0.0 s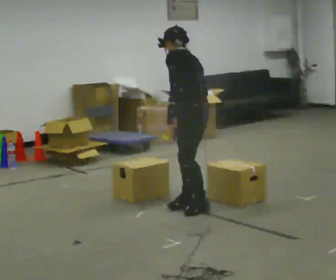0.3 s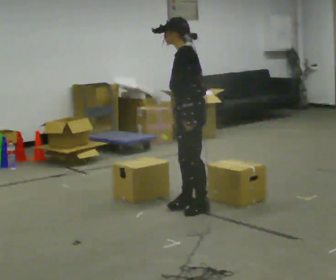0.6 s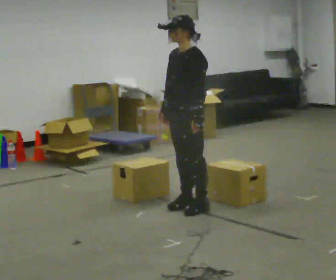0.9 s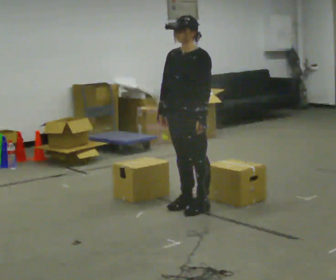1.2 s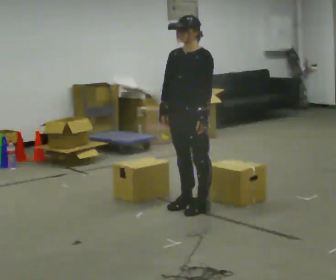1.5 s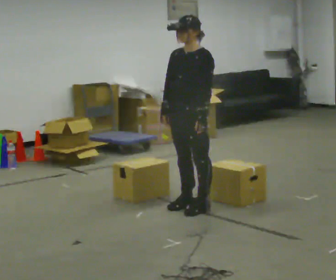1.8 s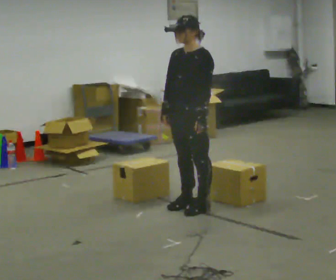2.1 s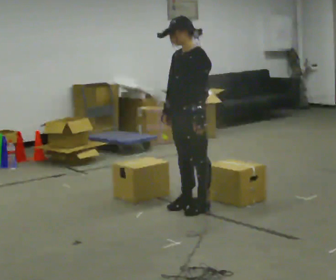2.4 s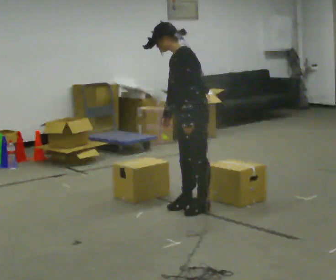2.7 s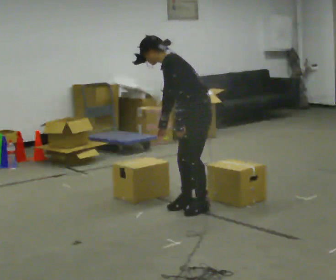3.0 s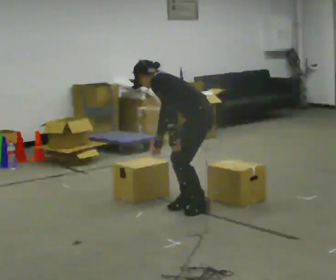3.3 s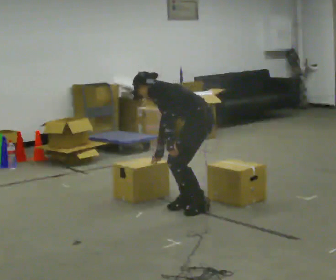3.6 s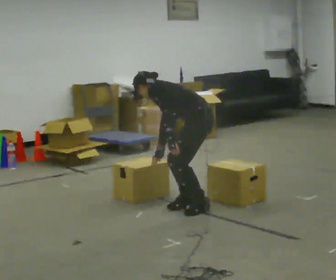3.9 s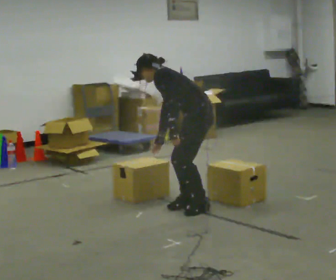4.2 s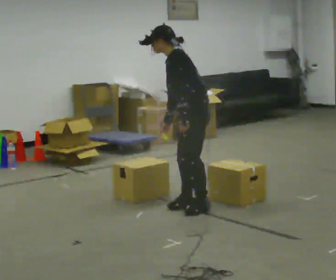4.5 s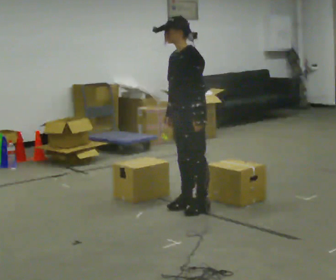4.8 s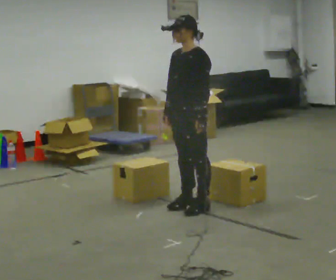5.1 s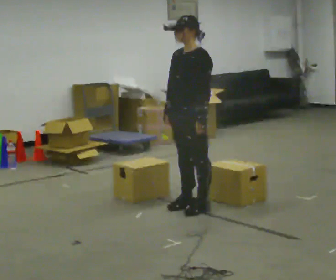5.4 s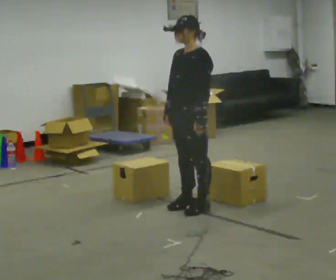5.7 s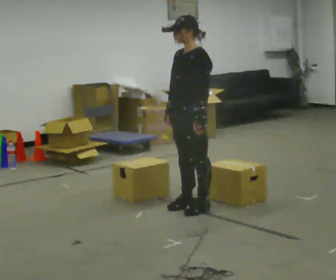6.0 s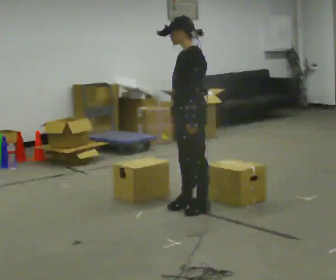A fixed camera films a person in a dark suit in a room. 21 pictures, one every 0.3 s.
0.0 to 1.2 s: Seen from above the body turns counterclockwise, about 60 degrees: to their left, with its near side sliding to the right. The upper body tips toward the camera, its near side rolling downward, as they lean back or straighten.
1.2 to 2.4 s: The part of the body nearest the lens slides to the left as the person turns to their right by about 30 degrees. In the picture the upper body tilts counterclockwise, shoulders to the left, as they bend forward.
2.4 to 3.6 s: Seen from above the body turns clockwise, about 30 degrees: to their right, with its near side sliding to the left. The upper body goes downward. The upper body tips away from the camera, its near side rolling upward, as they bend forward.
3.6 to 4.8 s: The person turns about 45 degrees to their left, counterclockwise seen from above, so the part of the body nearest the lens slides to the right. The shoulders move upward. In the picture the upper body tilts clockwise, shoulders to the right, as they lean back or straighten.
4.8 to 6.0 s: The person moves a little, or ends about where they began.
The film runs forward here.
